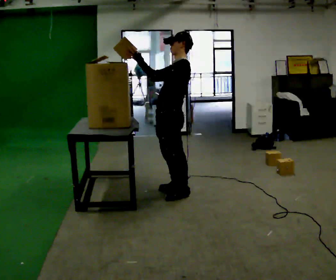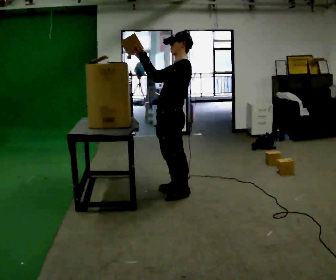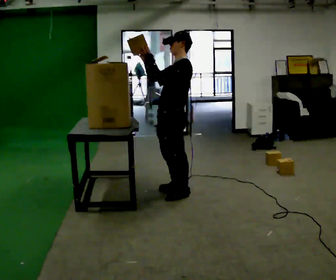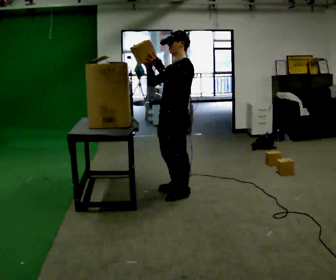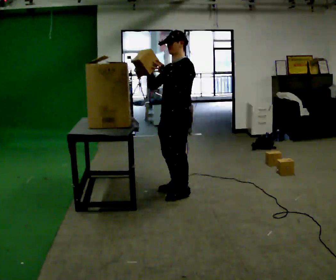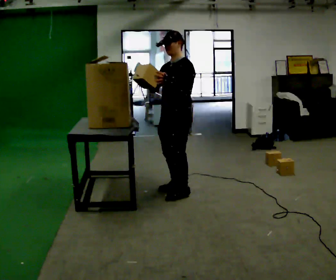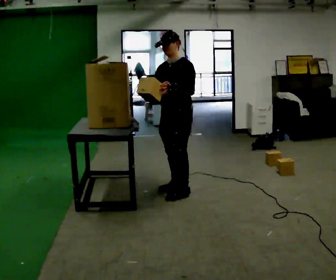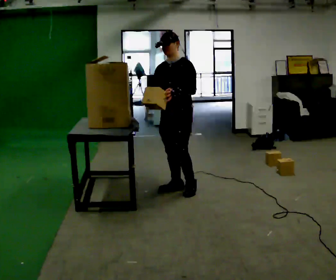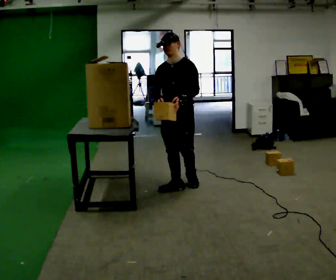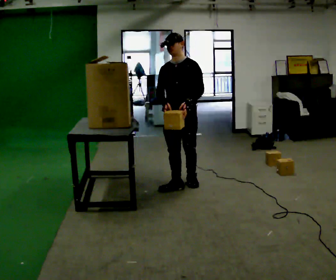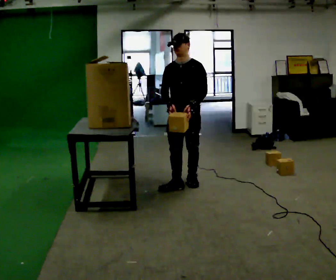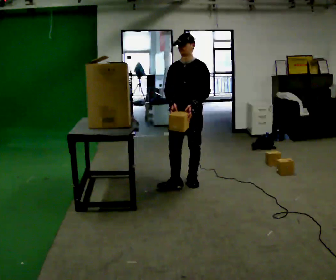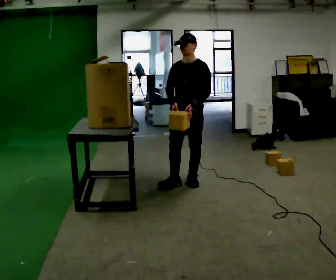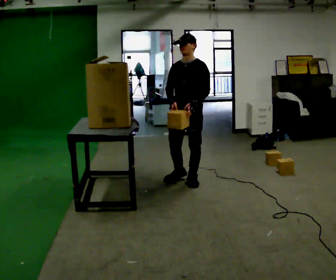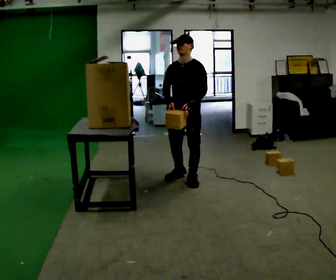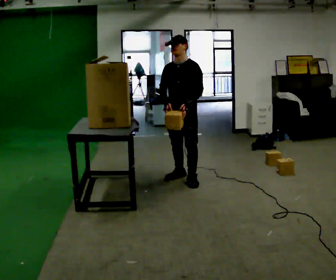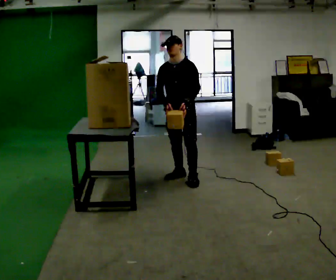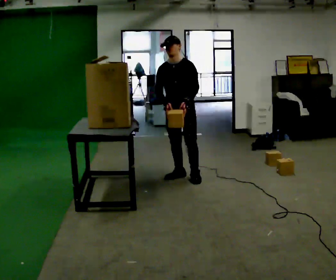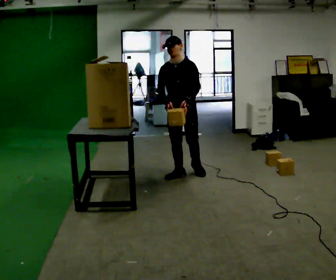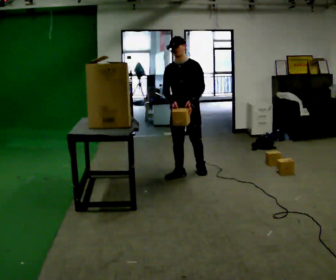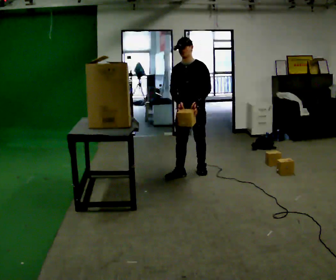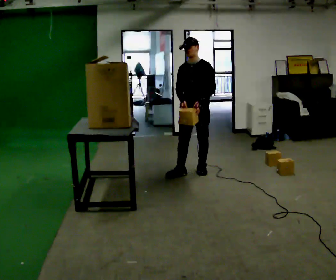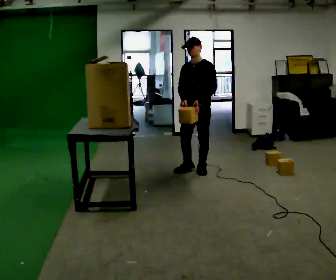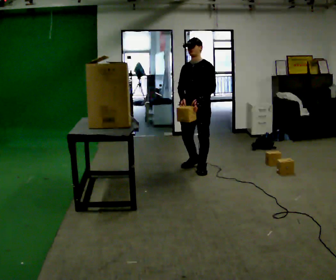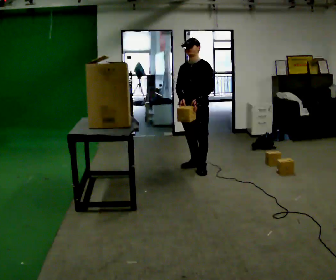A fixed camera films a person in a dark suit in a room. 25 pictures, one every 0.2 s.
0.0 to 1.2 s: The part of the body nearest the lens slides to the right as the person turns to their left by about 45 degrees. In the picture the upper body tilts counterclockwise, shoulders to the left. In the picture their left hand goes to the right.
1.2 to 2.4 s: In the picture they go away from the camera, about 0.25 m in 2 steps, which for them is backward.
2.4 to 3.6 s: In the picture they go away from the camera, about 0.25 m in 1 step, which for them is backward and to their right.
3.6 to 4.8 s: In the picture they go away from the camera and to the right, about 0.25 m in 1 step, which for them is backward.
The film runs backward here.
